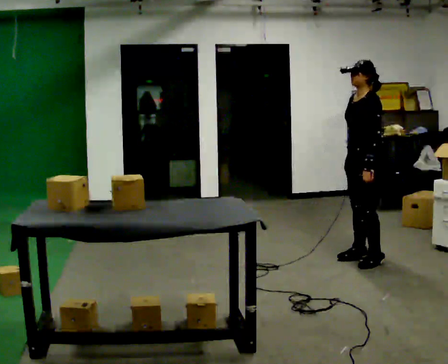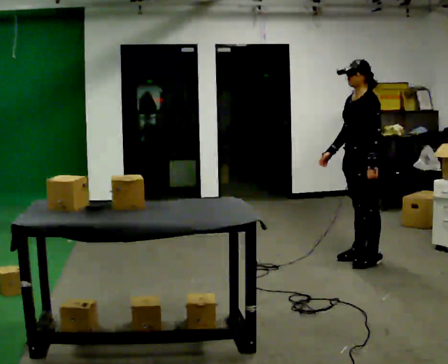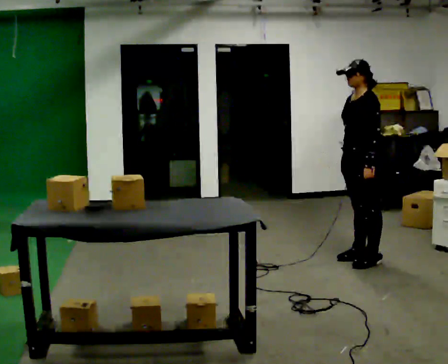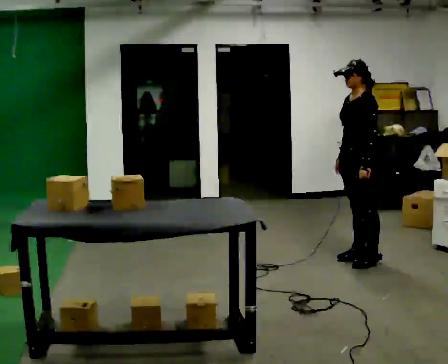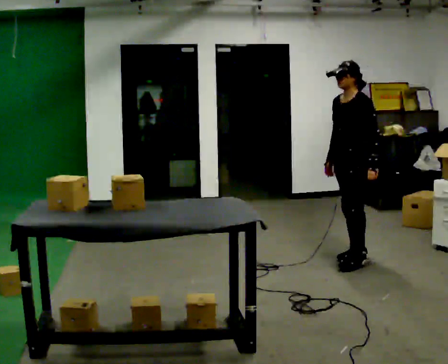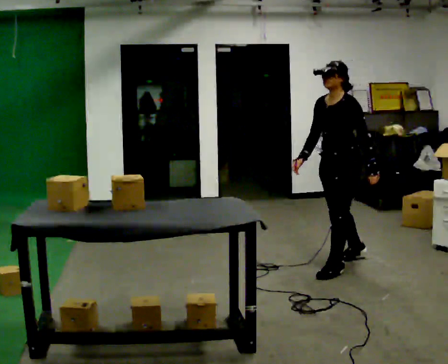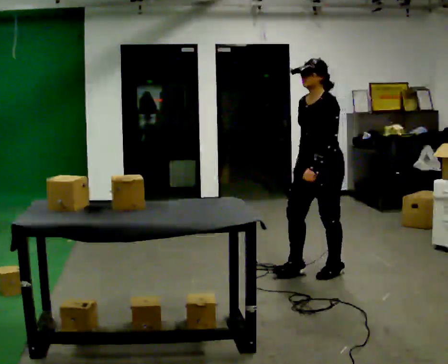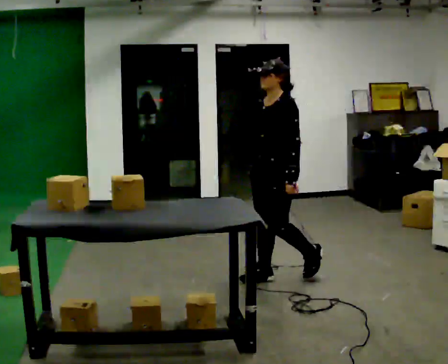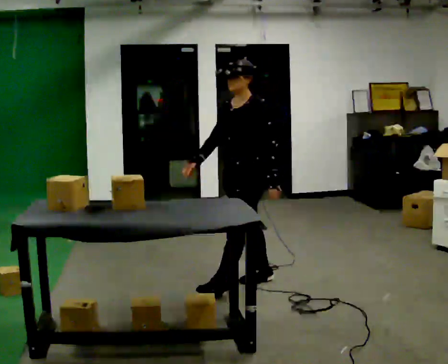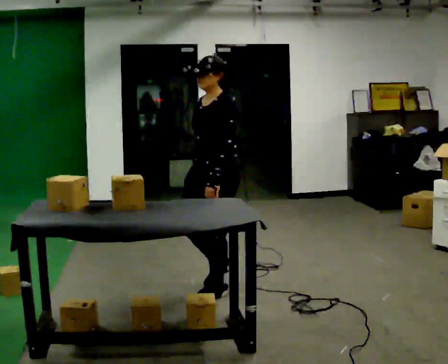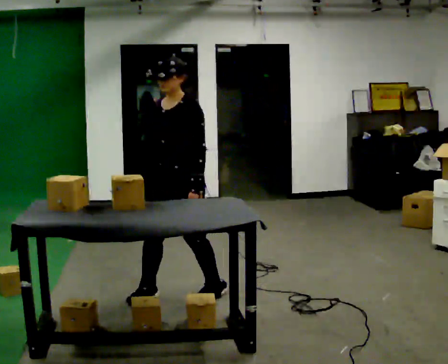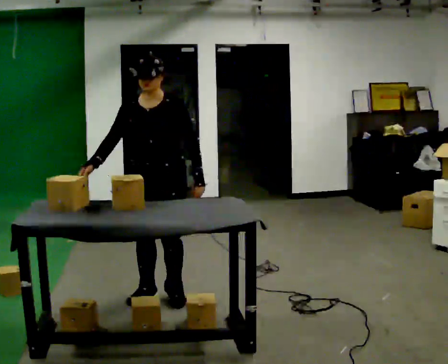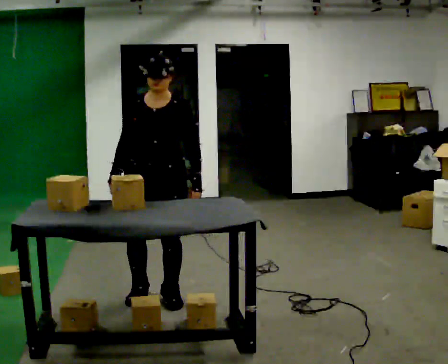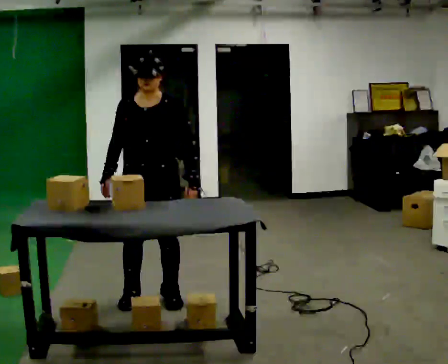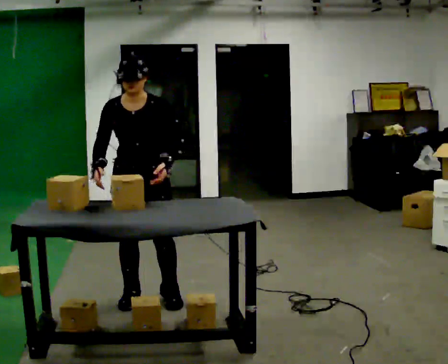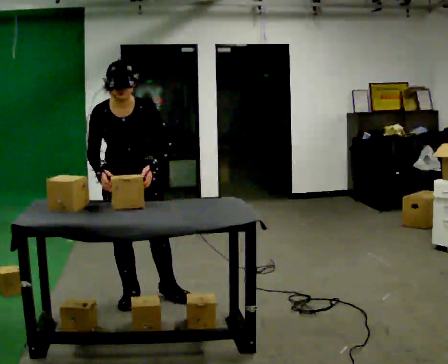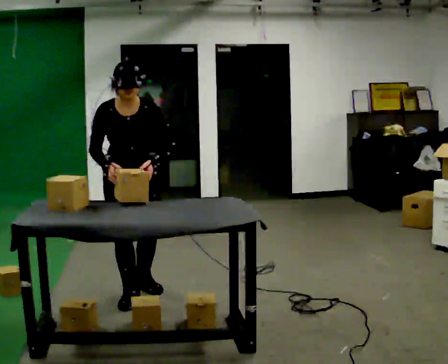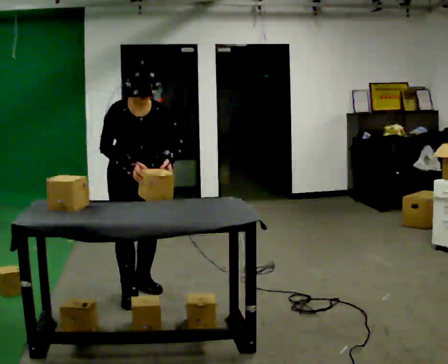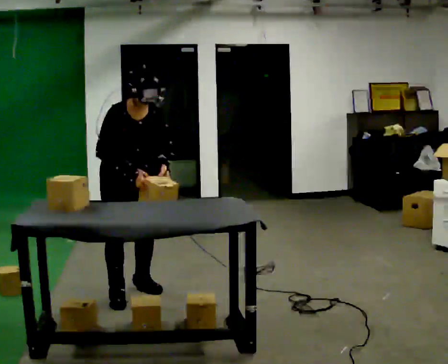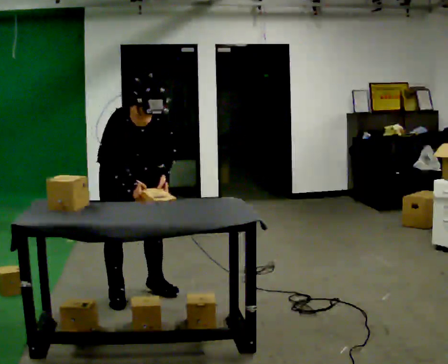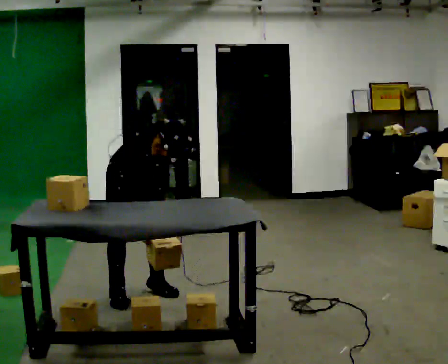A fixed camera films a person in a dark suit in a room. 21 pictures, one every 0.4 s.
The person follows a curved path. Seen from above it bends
clockwise.
The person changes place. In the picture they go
to the left.
0.0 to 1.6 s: The person moves a little, or ends about where they began.
1.6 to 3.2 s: In the picture they go to the left and toward the camera, about 1 m in 2 steps, which for them is forward.
3.2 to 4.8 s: Seen from above the body turns counterclockwise, about 60 degrees: to their left, with its near side sliding to the right. In the picture they go to the left, about 0.75 m in 3 steps, which for them is forward and to their right.
4.8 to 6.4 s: In the picture they go to the left, about 0.25 m in 1 step, which for them is to their right.
6.4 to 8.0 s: In the picture they go away from the camera, about 0.25 m, which for them is backward. The upper body goes downward. In the picture the upper body tilts clockwise, shoulders to the right, as they bend forward. In the picture their left hand goes downward.
The film runs forward here.
